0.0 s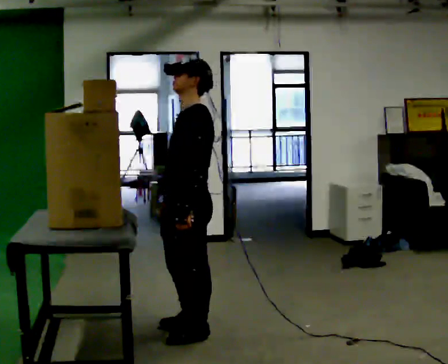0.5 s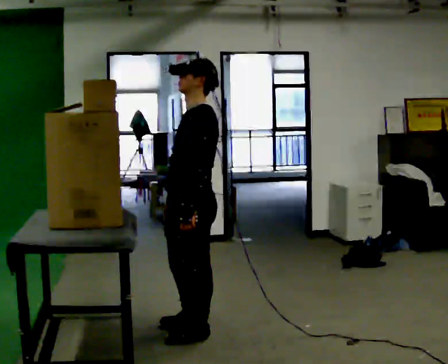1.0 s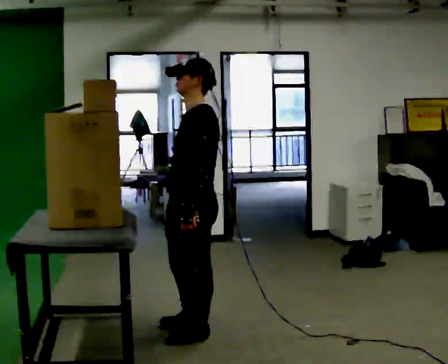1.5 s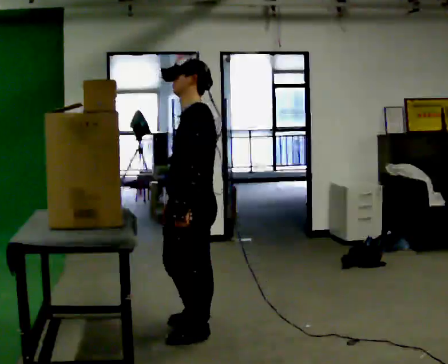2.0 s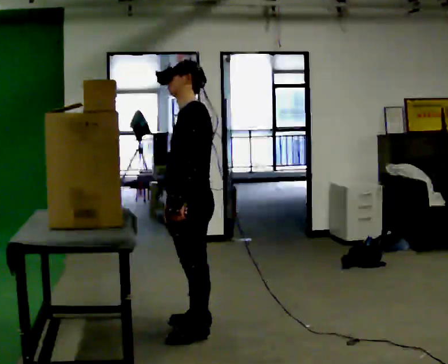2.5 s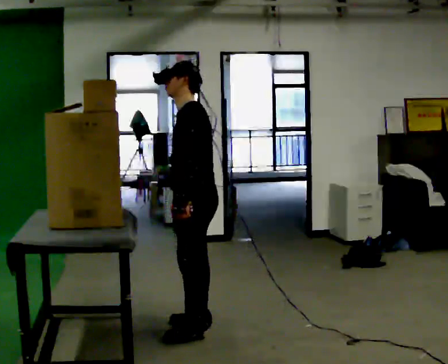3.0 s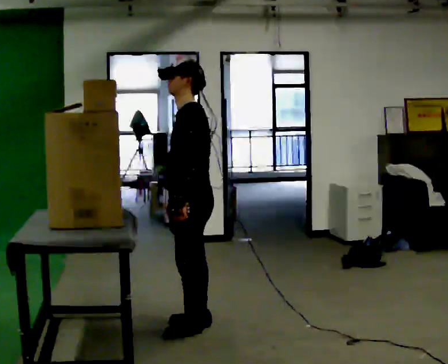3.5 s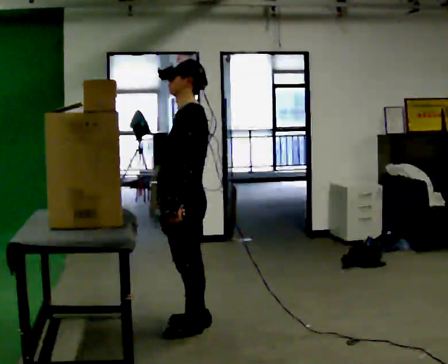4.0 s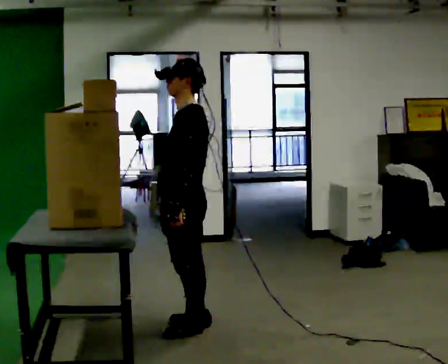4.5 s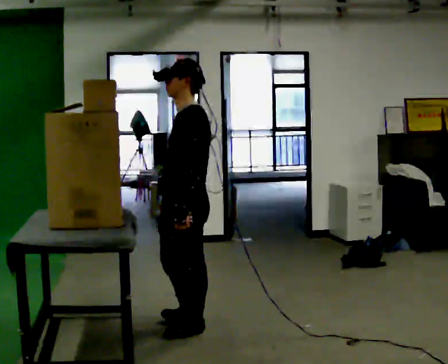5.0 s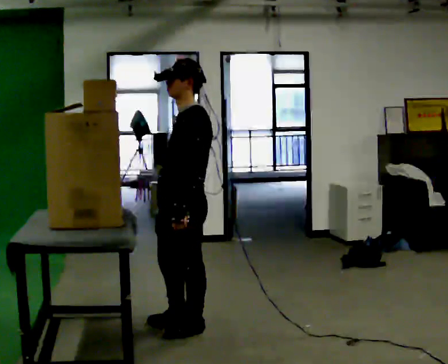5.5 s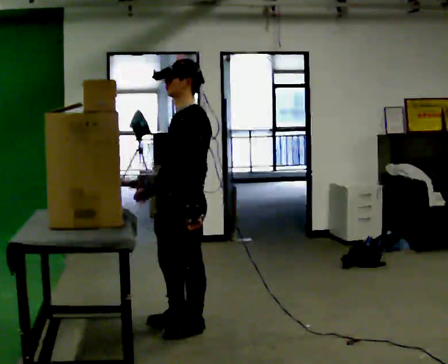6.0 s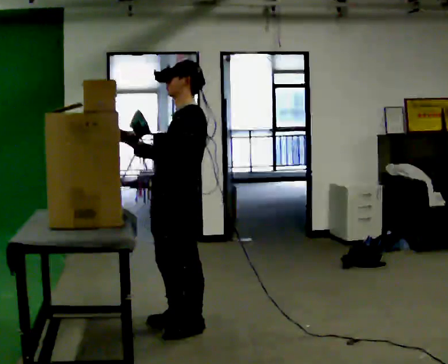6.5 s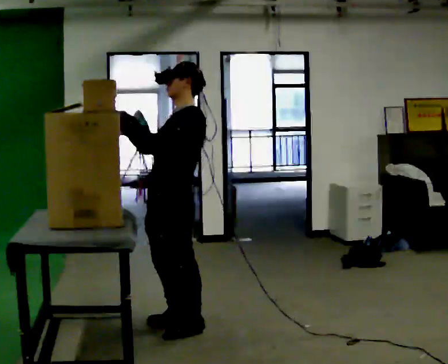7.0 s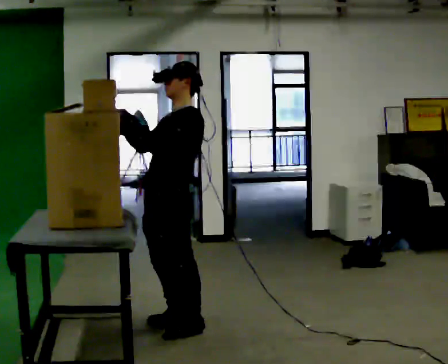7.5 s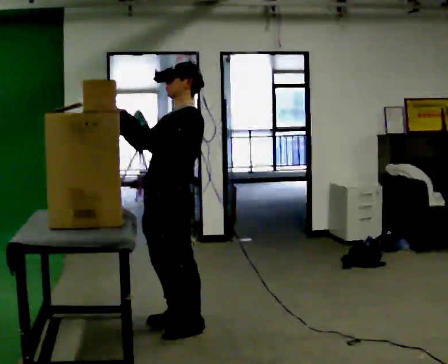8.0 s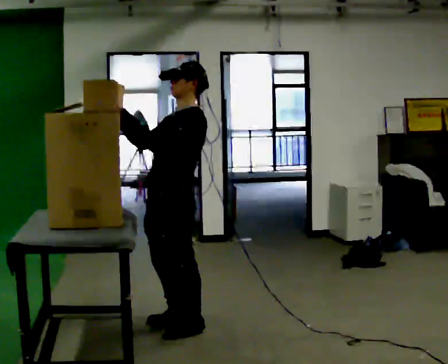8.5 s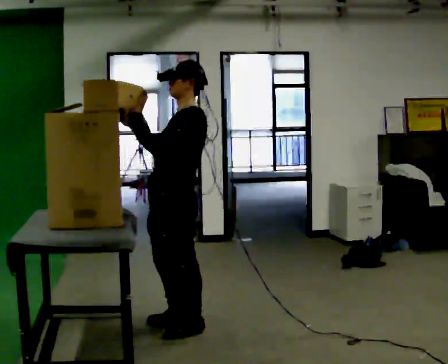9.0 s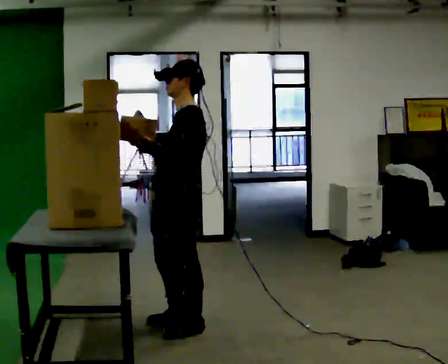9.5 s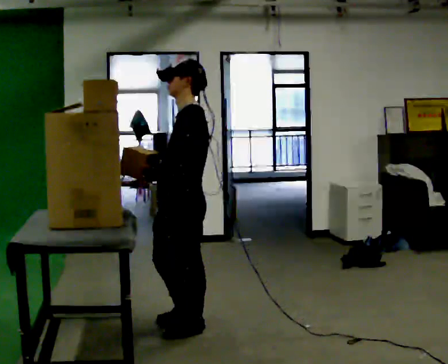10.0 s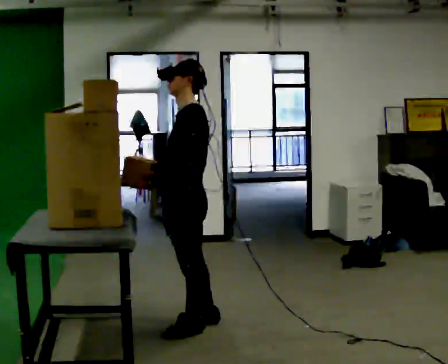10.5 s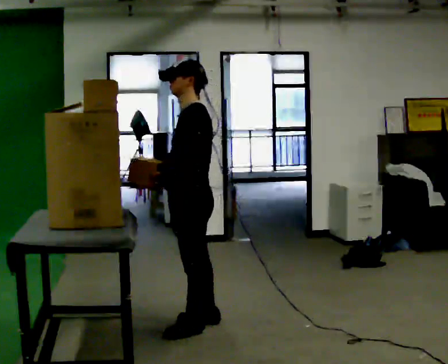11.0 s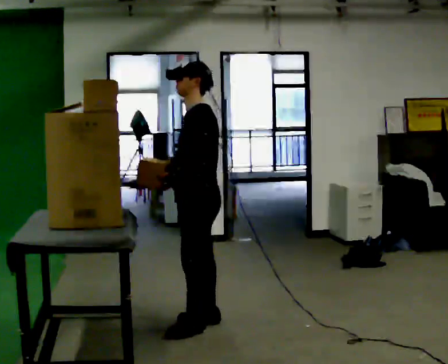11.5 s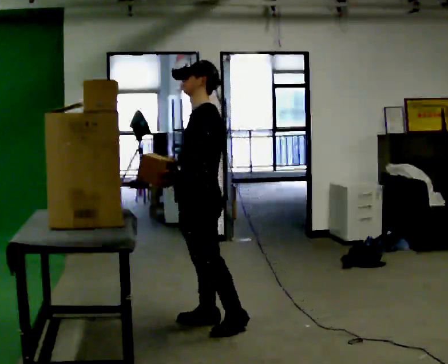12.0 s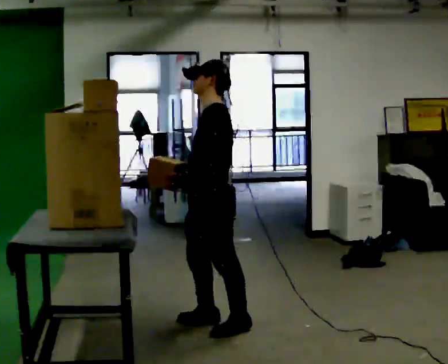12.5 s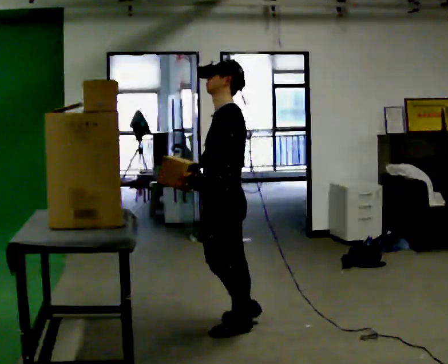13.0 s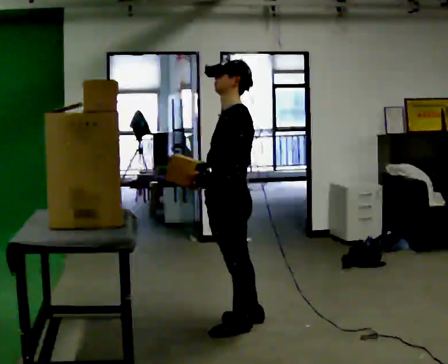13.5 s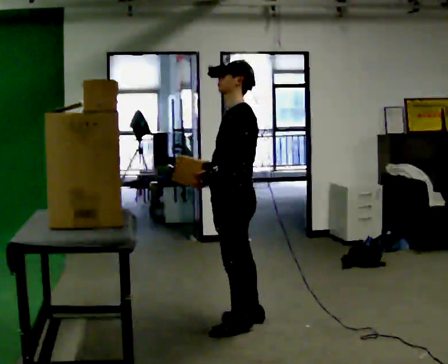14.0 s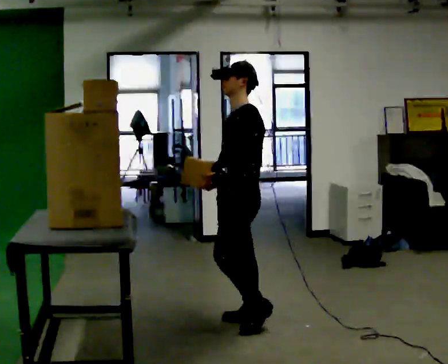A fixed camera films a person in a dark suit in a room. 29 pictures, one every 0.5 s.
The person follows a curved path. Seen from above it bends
clockwise.
0.0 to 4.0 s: The person moves a little, or ends about where they began.
4.0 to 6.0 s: In the picture their right hand goes upward, the arm swinging clockwise.
6.0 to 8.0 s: The person moves a little, or ends about where they began.
8.0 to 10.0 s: In the picture their right hand goes downward.
10.0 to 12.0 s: In the picture they go to the right, about 0.25 m in 1 step, which for them is backward.
12.0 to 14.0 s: In the picture they go to the right, about 0.25 m in 2 steps, which for them is backward.
The film runs backward here.
